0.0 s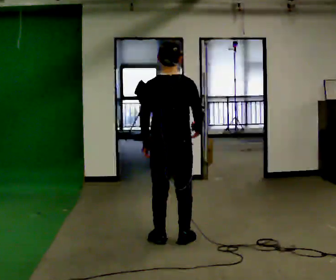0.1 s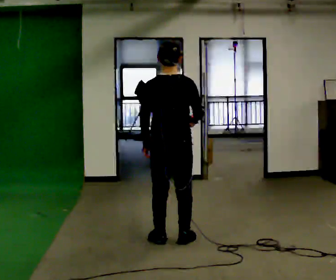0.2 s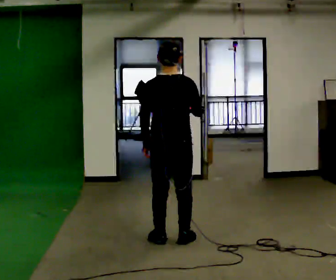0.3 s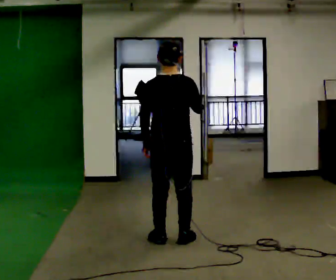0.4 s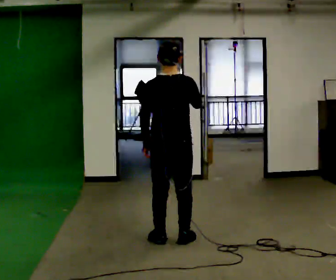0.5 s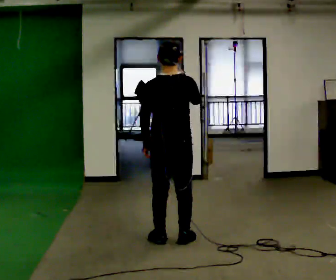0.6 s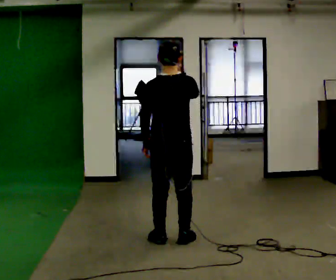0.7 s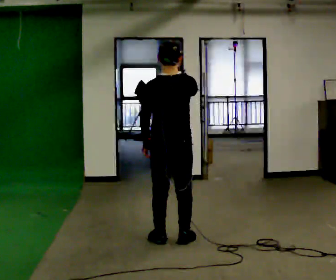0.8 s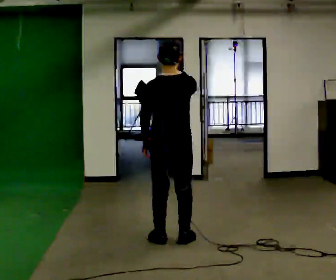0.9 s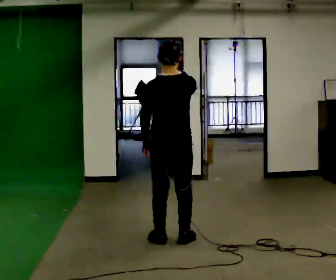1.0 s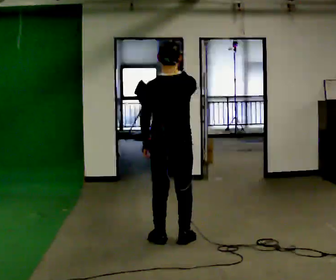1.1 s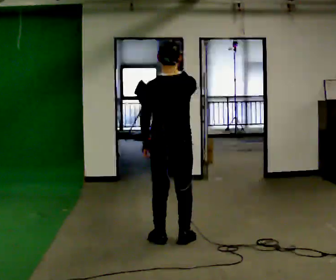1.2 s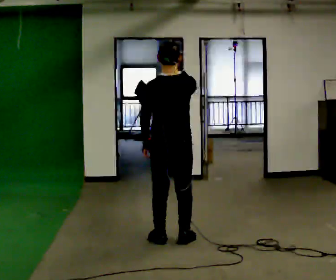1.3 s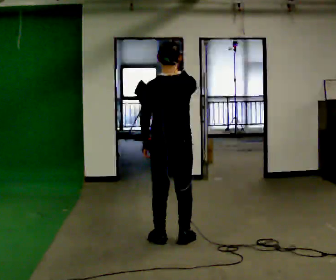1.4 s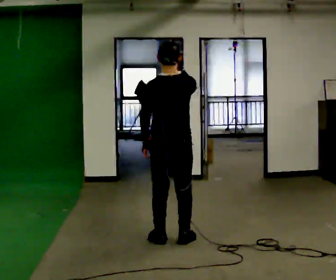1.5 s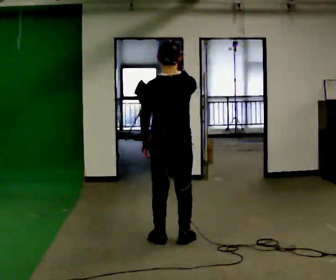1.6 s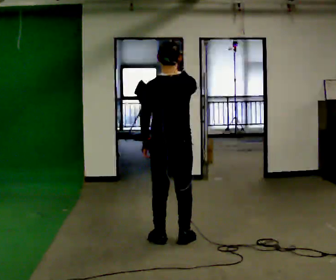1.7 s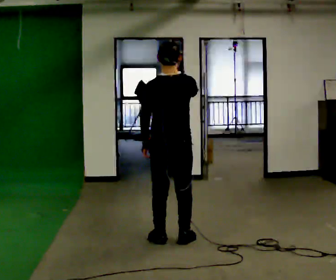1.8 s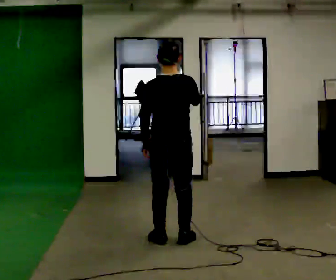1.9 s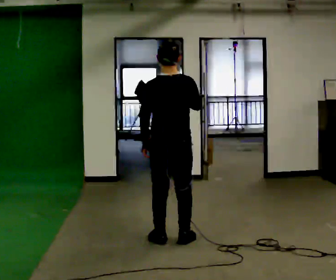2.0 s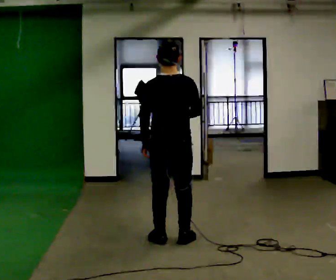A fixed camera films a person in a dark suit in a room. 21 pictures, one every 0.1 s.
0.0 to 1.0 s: In the picture their right hand goes upward.
1.0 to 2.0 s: In the picture their right hand goes downward.
The film runs forward here.
